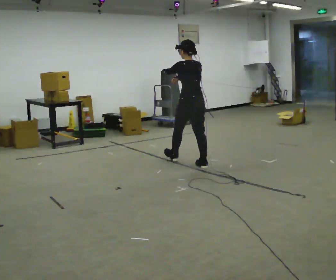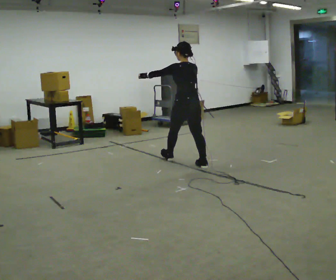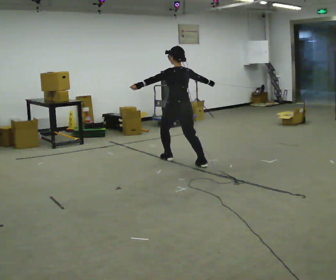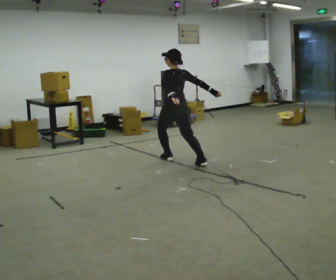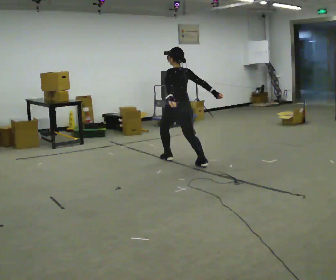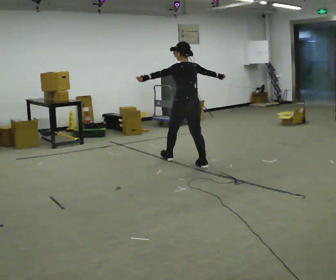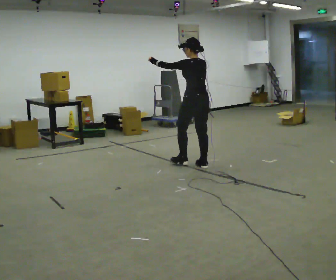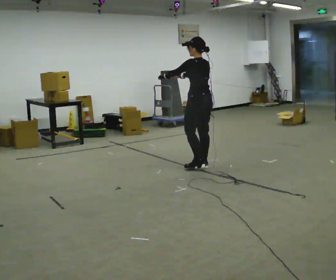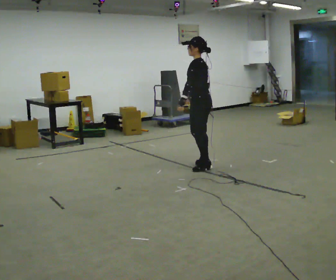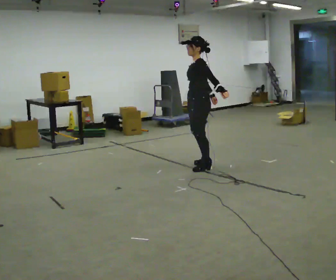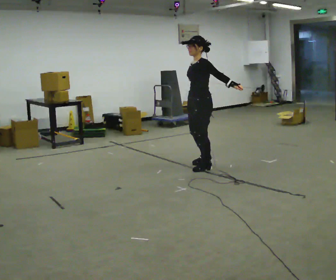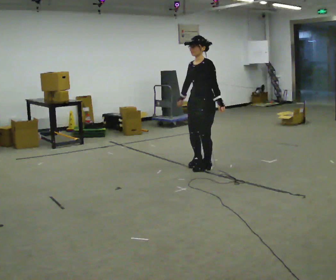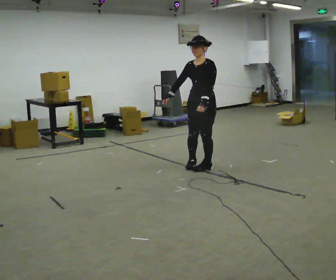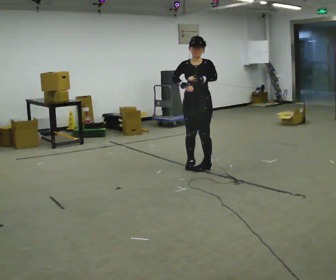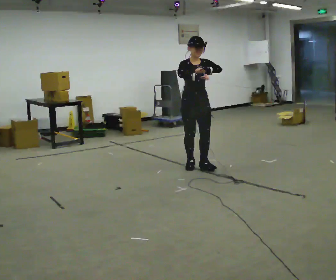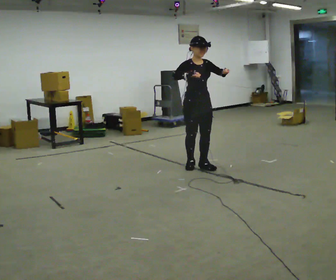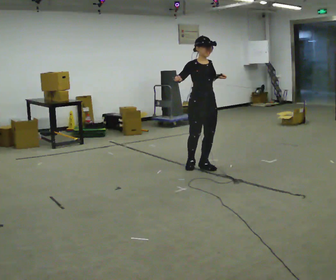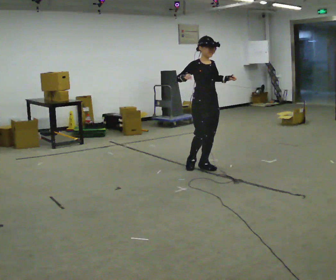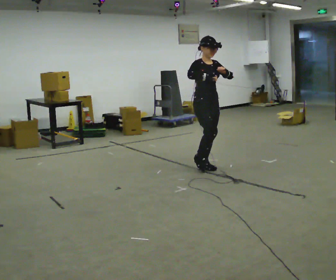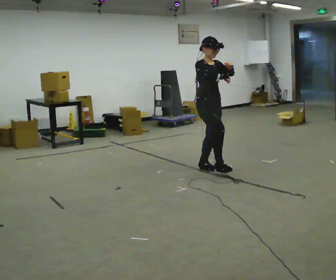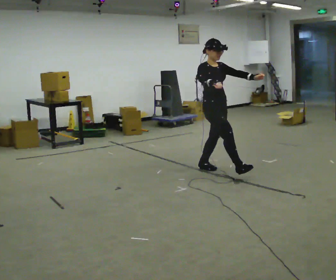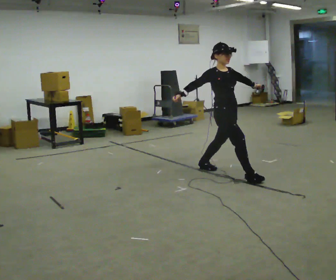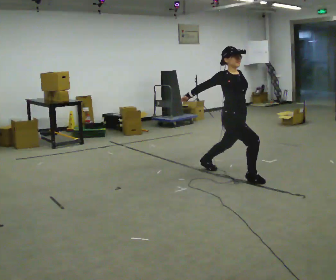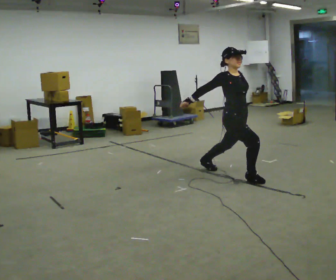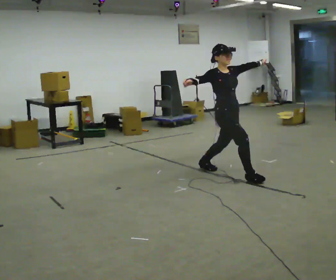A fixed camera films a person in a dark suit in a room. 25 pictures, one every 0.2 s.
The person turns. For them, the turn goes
to their left.
The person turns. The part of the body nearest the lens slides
to the right.
0.0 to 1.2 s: The person moves a little, or ends about where they began.
1.2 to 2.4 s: The part of the body nearest the lens slides to the right as the person turns to their left by about 120 degrees. In the picture their right hand goes downward.
2.4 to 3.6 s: The person turns about 60 degrees to their left, counterclockwise seen from above, so the part of the body nearest the lens slides to the right. In the picture their right hand goes to the right.
3.6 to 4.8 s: In the picture they go toward the camera and to the right, about 0.25 m in 1 step, which for them is forward.
The film runs forward here.
